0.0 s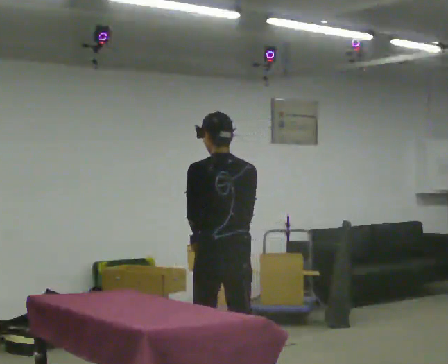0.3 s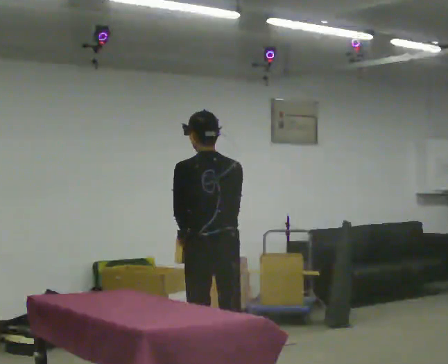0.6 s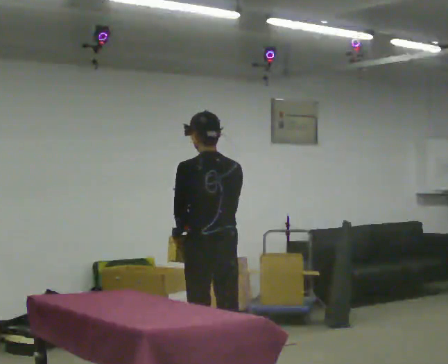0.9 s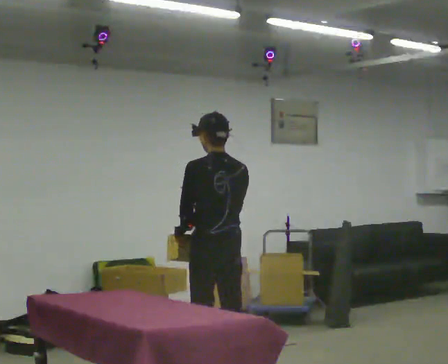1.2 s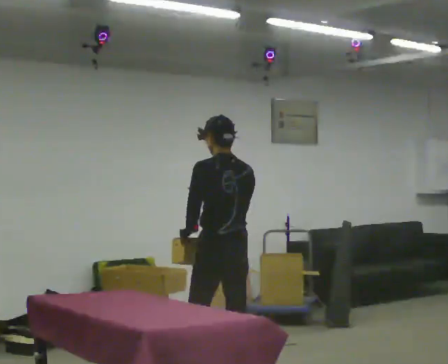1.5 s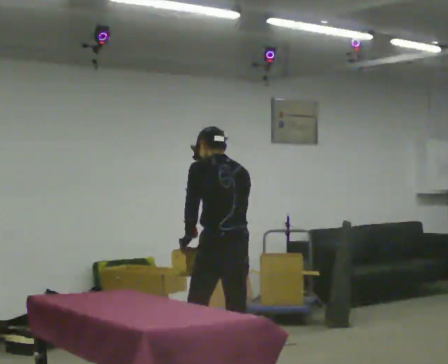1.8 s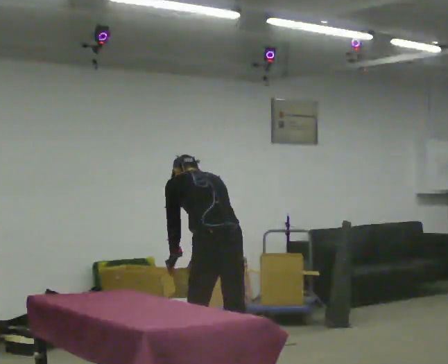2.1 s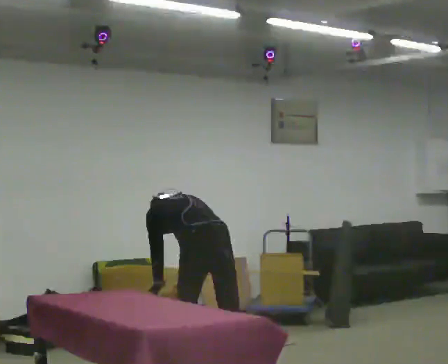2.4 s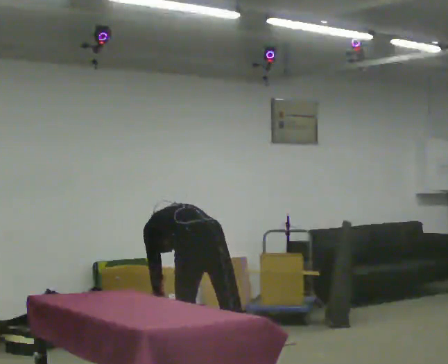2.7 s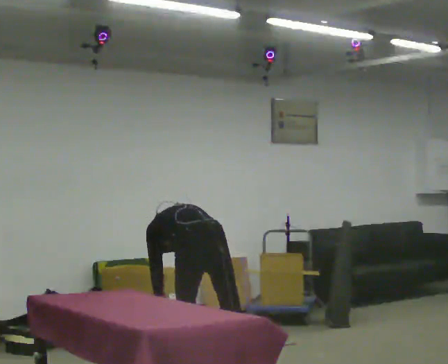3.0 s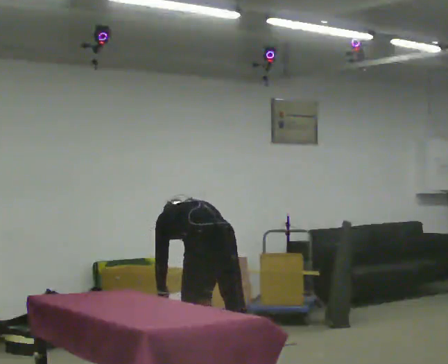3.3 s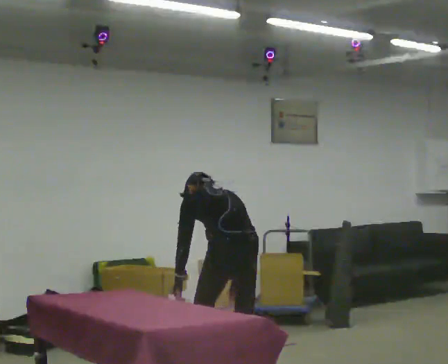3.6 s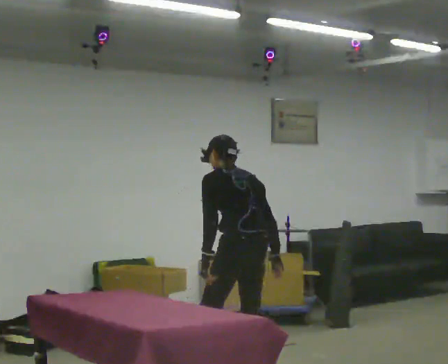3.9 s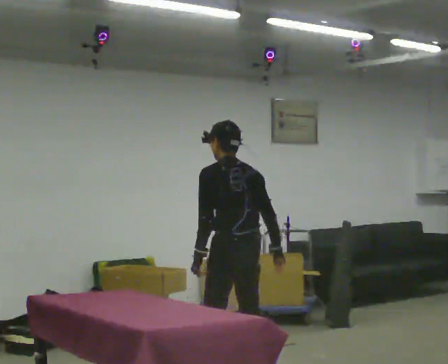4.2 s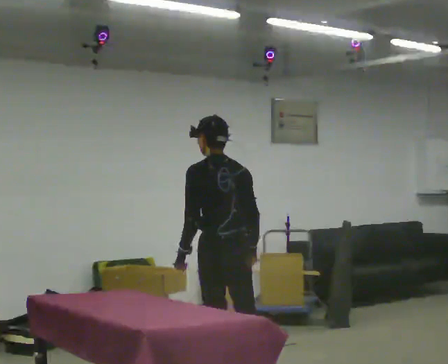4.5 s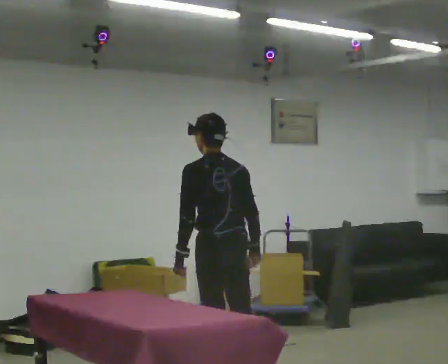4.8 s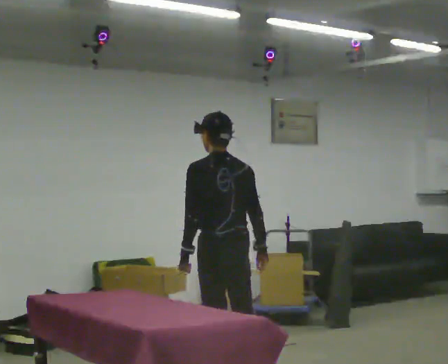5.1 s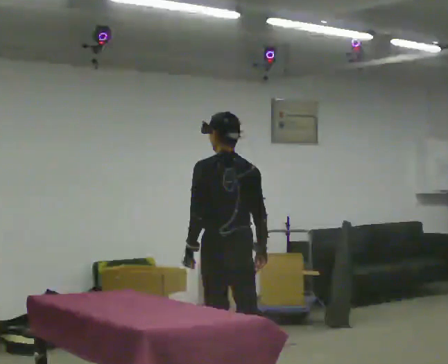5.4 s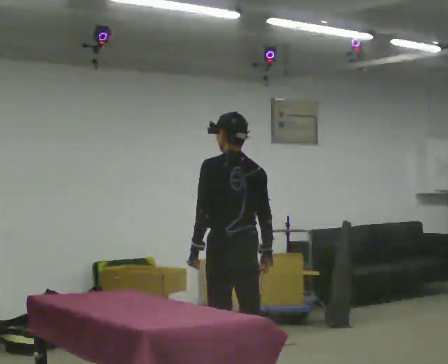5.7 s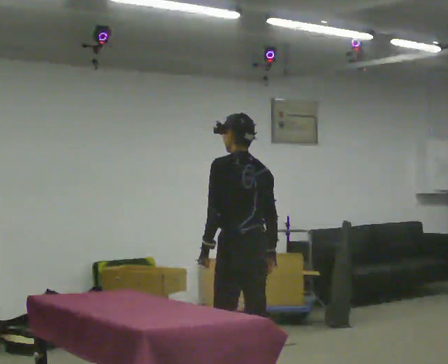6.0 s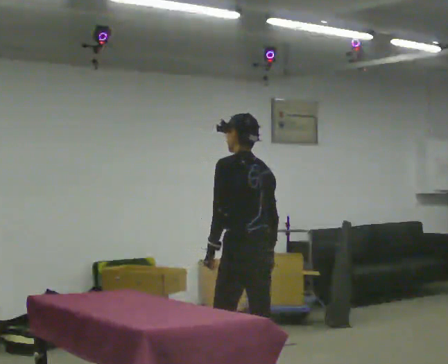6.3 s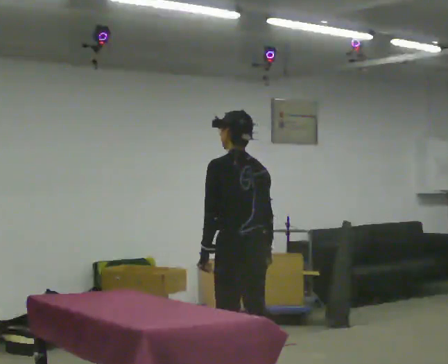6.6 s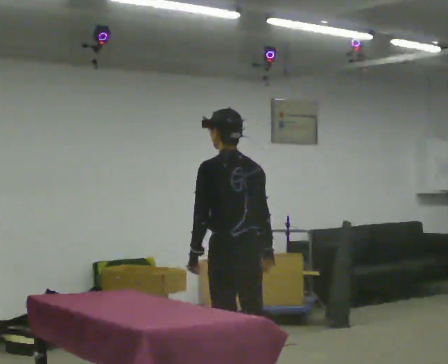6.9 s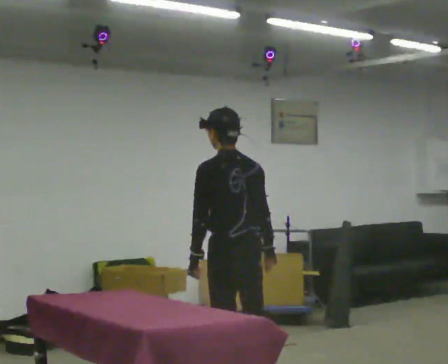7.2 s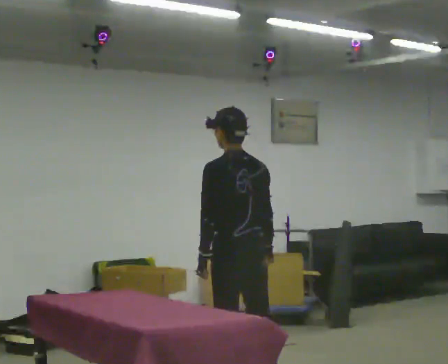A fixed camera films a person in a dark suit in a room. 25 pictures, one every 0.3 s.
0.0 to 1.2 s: In the picture they go away from the camera, about 0.25 m in 1 step, which for them is forward and to their right.
1.2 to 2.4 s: In the picture they go to the left, about 0.25 m in 1 step, which for them is forward. The shoulders move downward. The upper body tips away from the camera, its near side rolling upward, as they bend forward. In the picture their right hand goes downward.
2.4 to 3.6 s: In the picture they go to the right, about 0.25 m in 1 step, which for them is to their right and backward. The shoulders move upward. The upper body tips toward the camera, its near side rolling downward, as they lean back or straighten. In the picture their right hand goes upward.
3.6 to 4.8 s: The upper body tips toward the camera, its near side rolling downward, as they lean back or straighten.
4.8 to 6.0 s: The person moves a little, or ends about where they began.
6.0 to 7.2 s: In the picture they go toward the camera, about 0.25 m in 2 steps, which for them is to their left.
The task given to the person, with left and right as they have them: Take an object out of the bin at knee height, carry it across the room, and place it on the chest-height shelf. Keep going until the operator says stop; one object at a time, and do not rush between trips.
The film runs forward here.
